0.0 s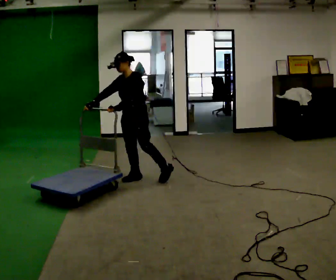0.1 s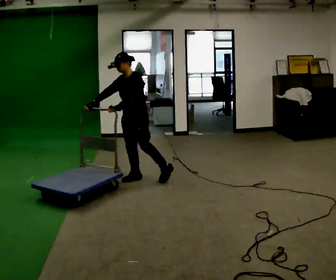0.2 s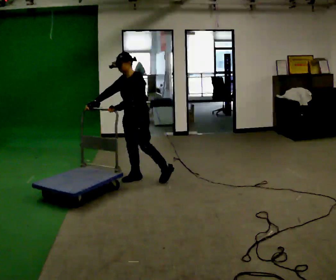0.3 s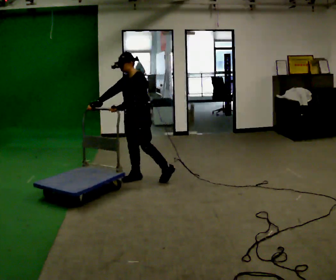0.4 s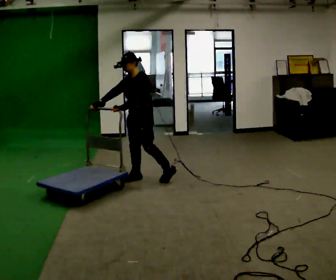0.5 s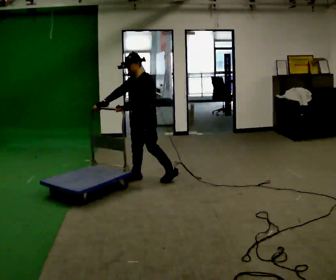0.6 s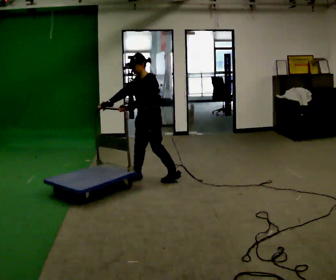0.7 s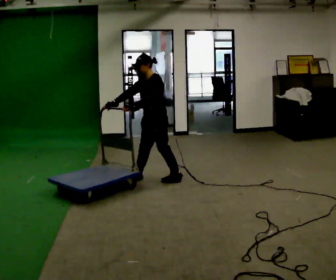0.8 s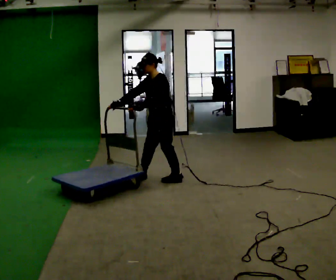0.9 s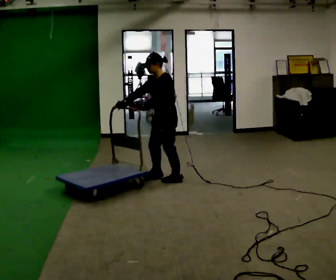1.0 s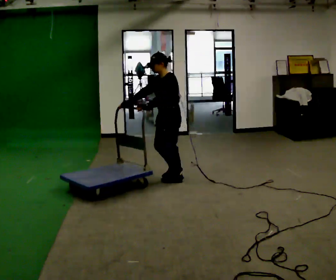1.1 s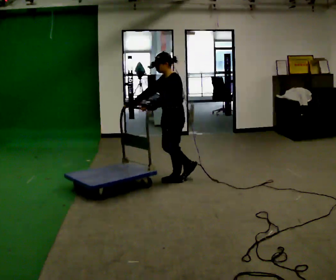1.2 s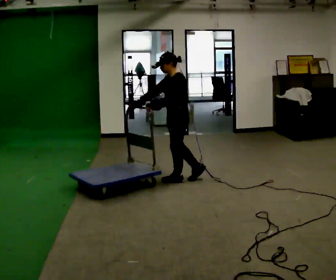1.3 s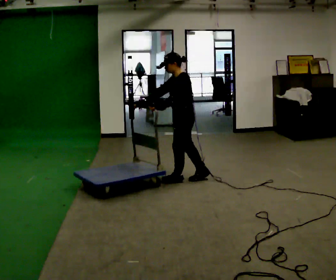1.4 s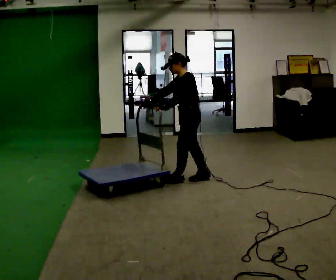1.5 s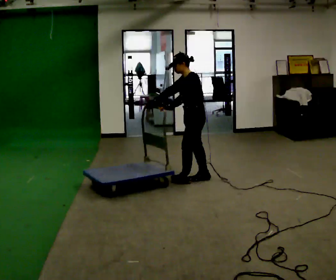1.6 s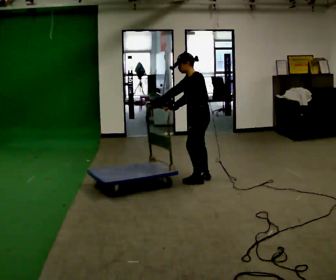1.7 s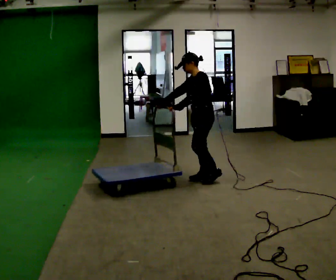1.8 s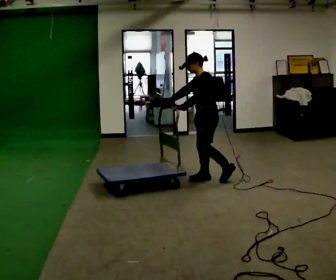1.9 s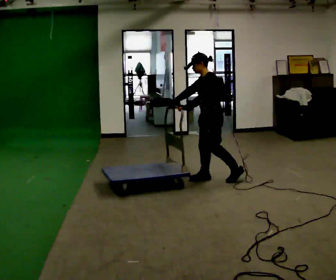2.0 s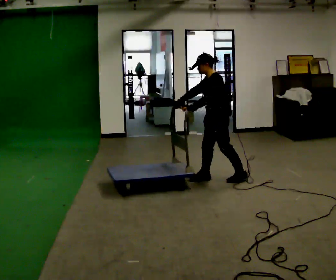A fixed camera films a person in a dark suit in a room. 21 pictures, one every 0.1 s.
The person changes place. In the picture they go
to the right.
0.0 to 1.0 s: The person turns about 30 degrees to their right, clockwise seen from above, so the part of the body nearest the lens slides to the left. In the picture they go to the right, about 0.5 m in 1 step, which for them is to their left and backward.
1.0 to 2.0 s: In the picture they go to the right, about 0.5 m in 1 step, which for them is backward.
The film runs backward here.
